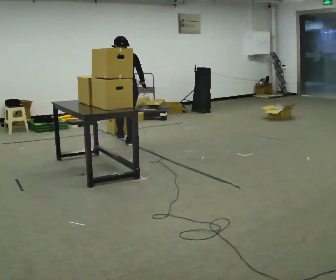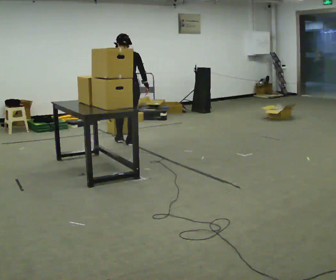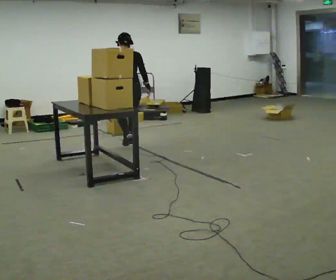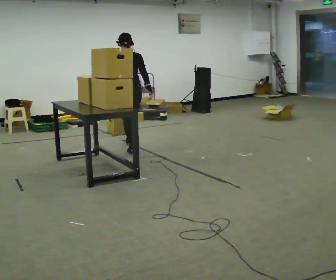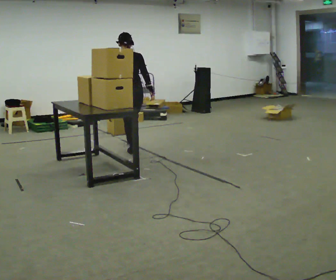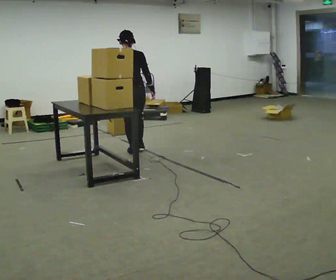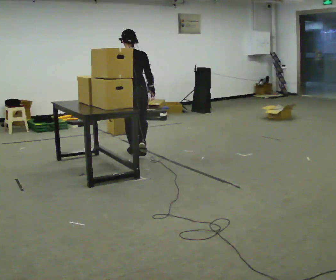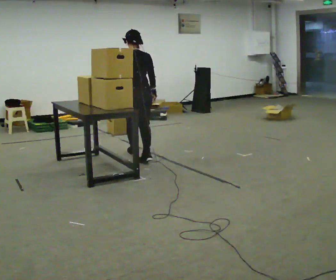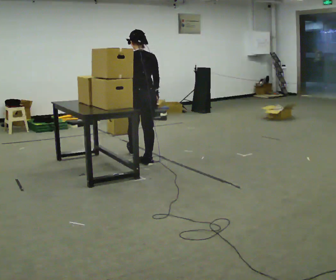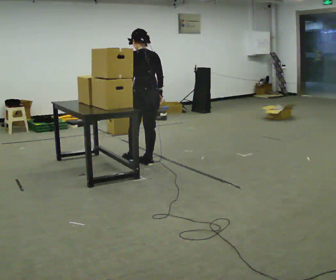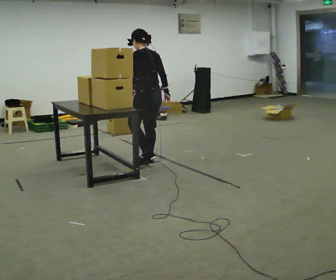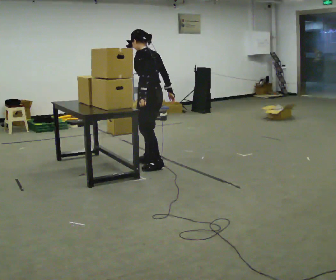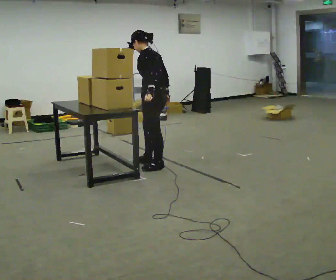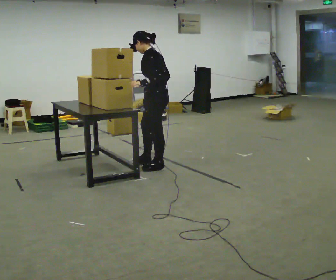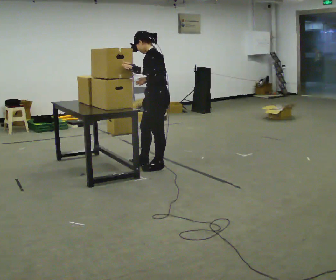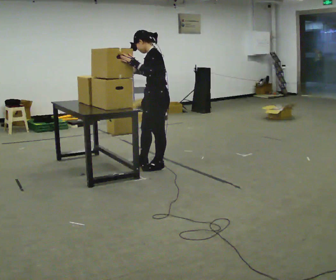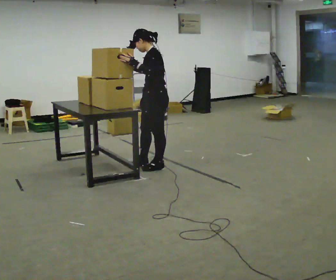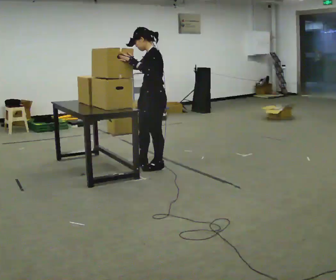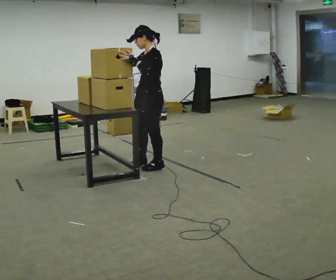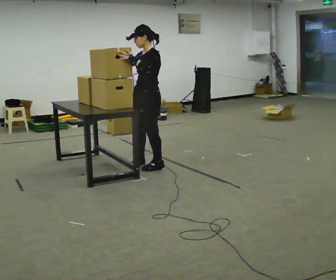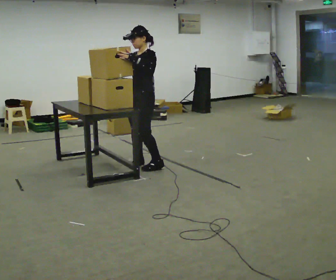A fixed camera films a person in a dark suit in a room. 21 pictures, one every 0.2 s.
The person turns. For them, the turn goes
to their left.
The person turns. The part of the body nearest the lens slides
to the right.
0.0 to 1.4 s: In the picture they go toward the camera, about 1 m in 2 steps, which for them is backward.
1.4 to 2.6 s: Seen from above the body turns counterclockwise, about 60 degrees: to their left, with its near side sliding to the right. In the picture they go toward the camera and to the right, about 0.5 m in 1 step.
2.6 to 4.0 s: The part of the body nearest the lens slides to the right as the person turns to their left by about 45 degrees. In the picture their right hand goes to the left and upward.
The film runs backward here.
